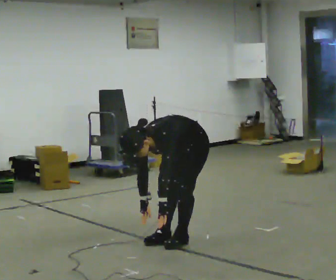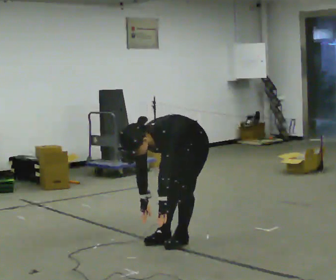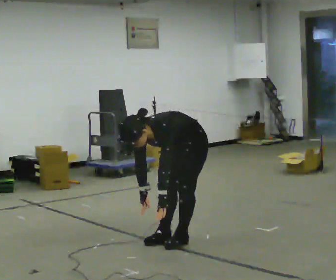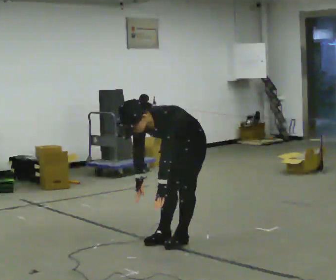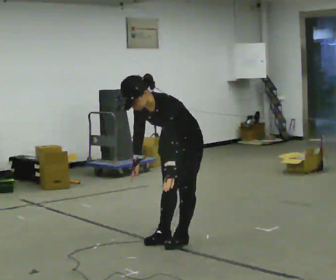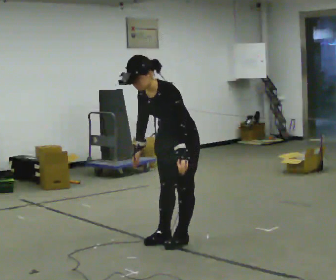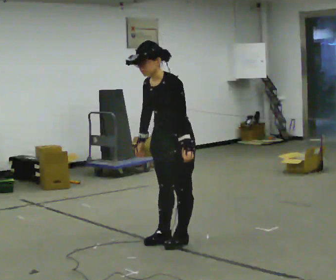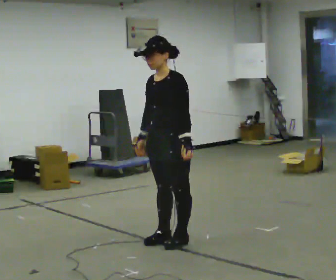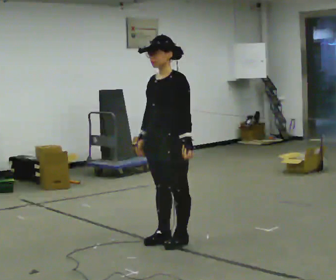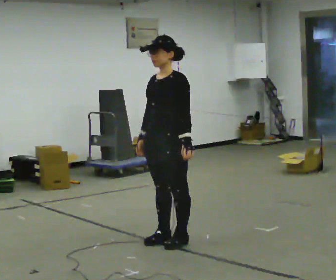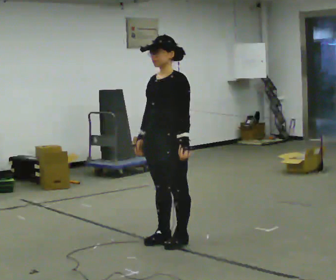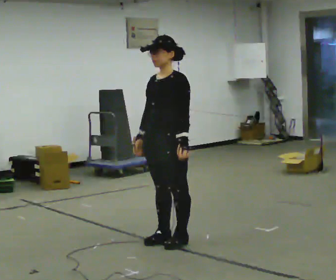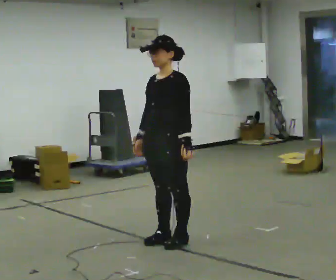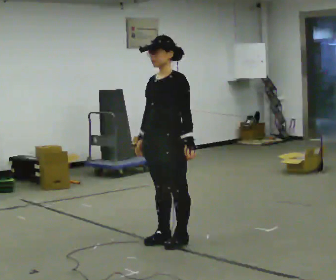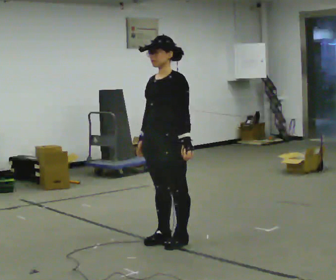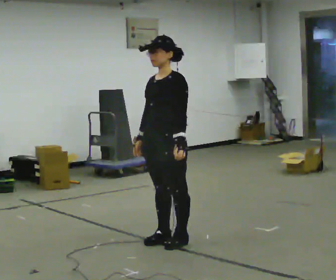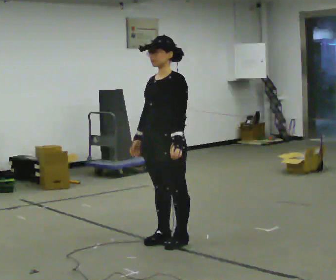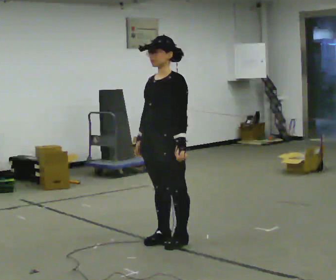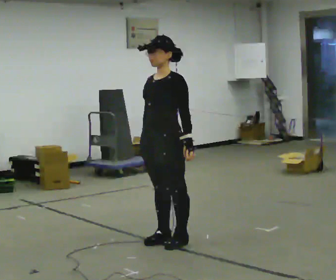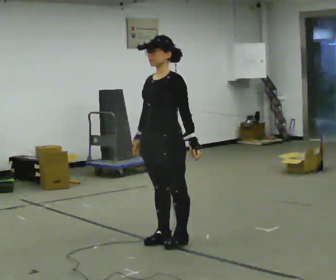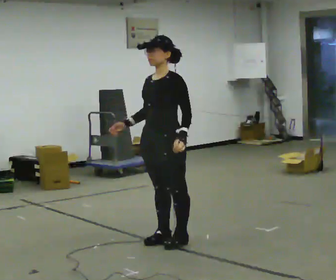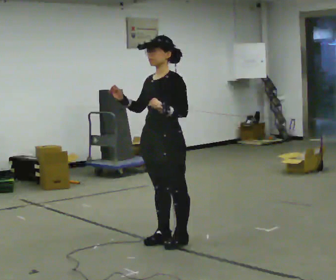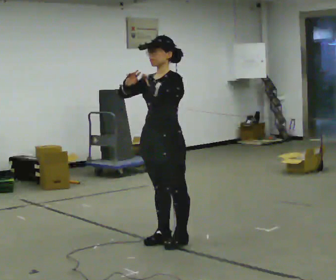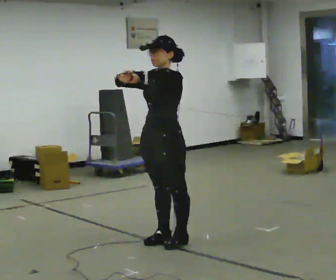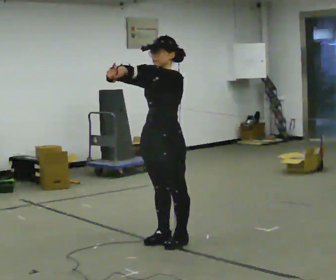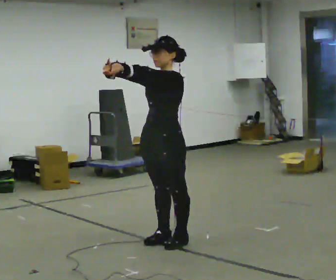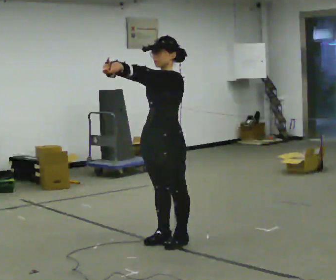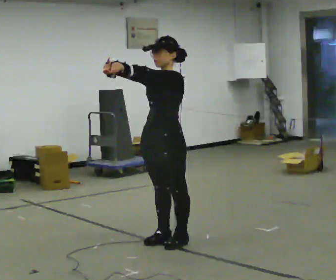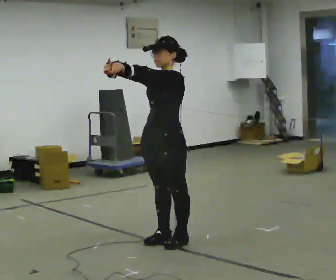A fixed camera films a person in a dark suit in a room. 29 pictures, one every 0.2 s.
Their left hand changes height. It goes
upward.
The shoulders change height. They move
upward.
0.0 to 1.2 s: The upper body goes upward. In the picture the upper body tilts clockwise, shoulders to the right, as they lean back or straighten. In the picture their left hand goes upward.
1.2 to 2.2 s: In the picture the upper body tilts clockwise, shoulders to the right, as they lean back or straighten.
2.2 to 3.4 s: The person moves a little, or ends about where they began.
3.4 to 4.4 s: In the picture their right hand goes upward.
4.4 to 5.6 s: The person moves a little, or ends about where they began.
The film runs backward here.
